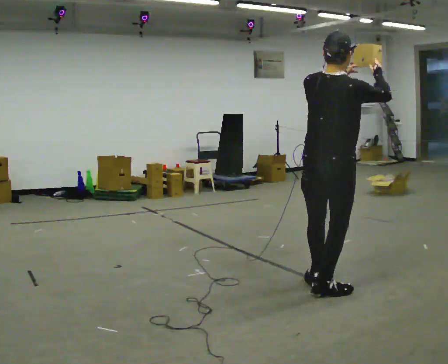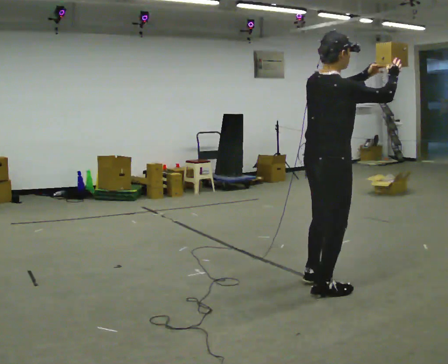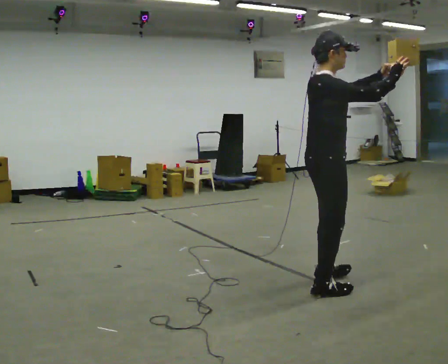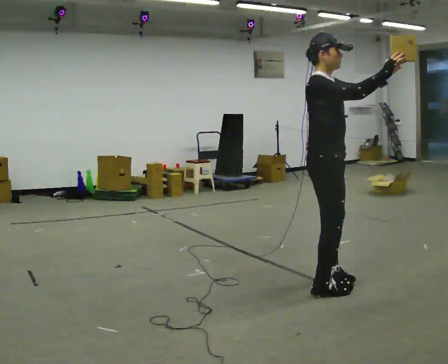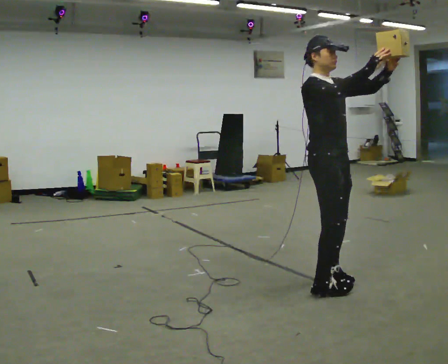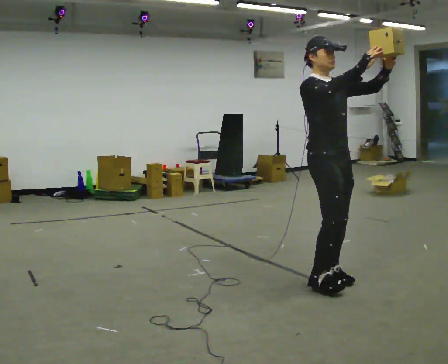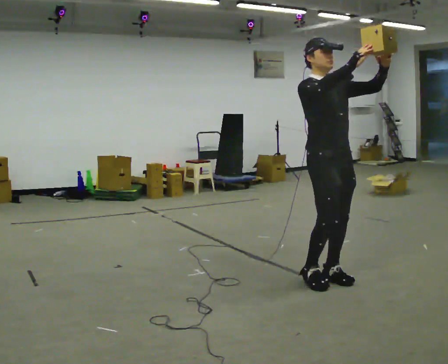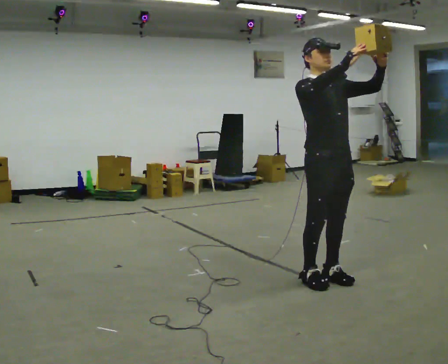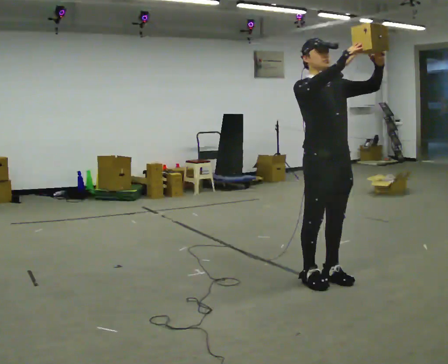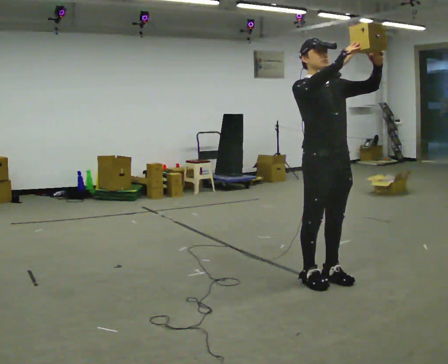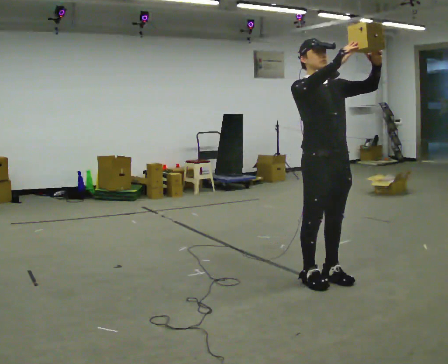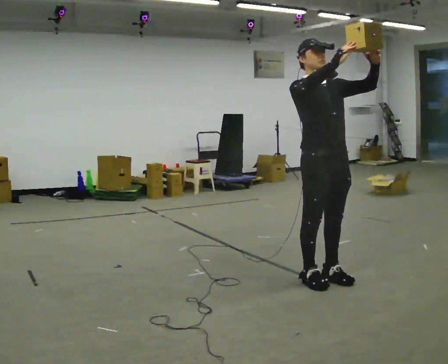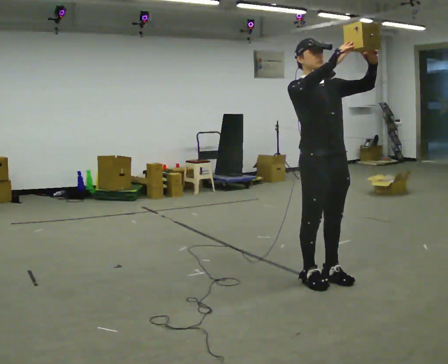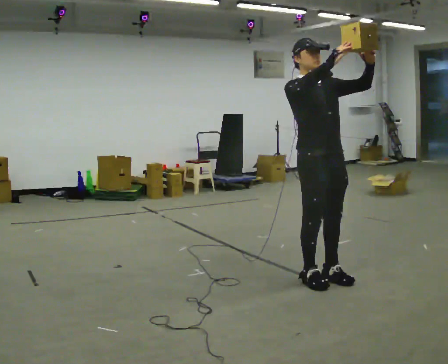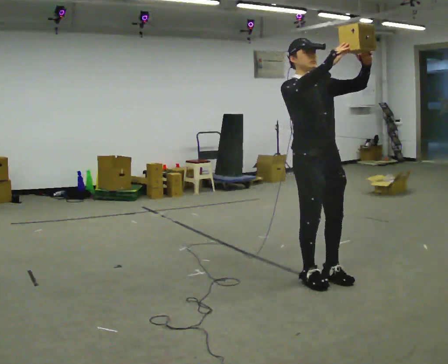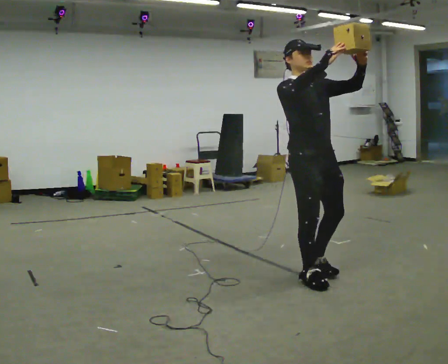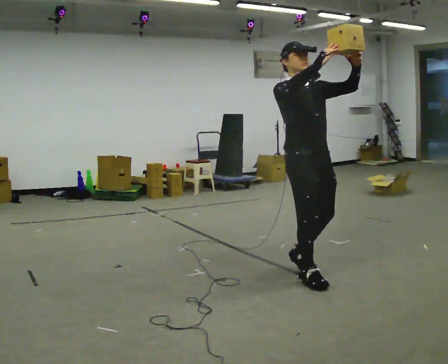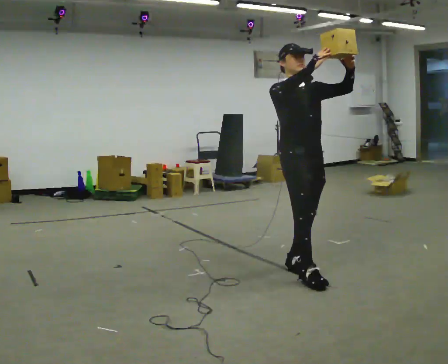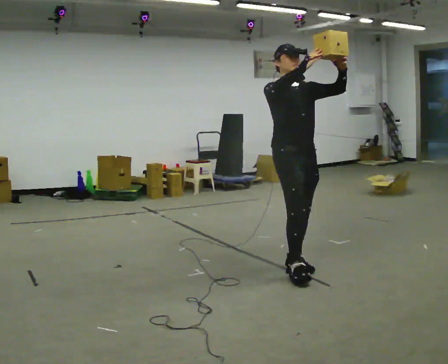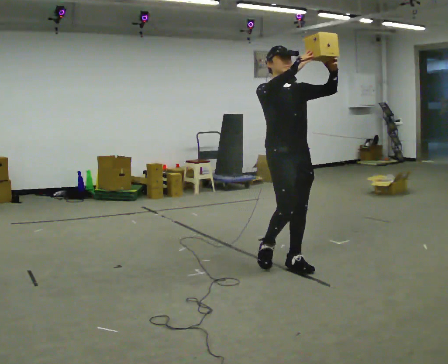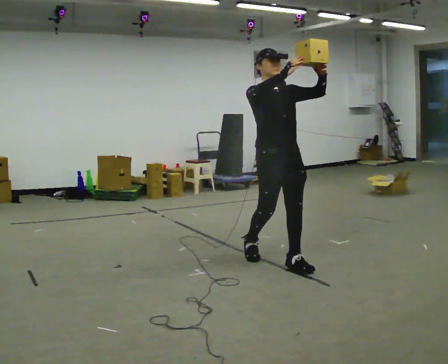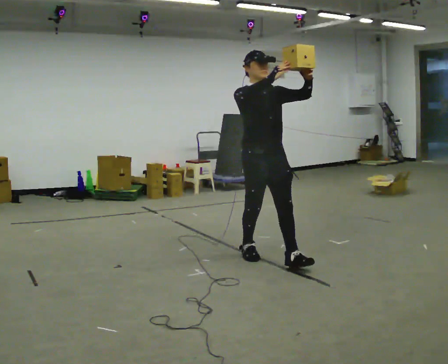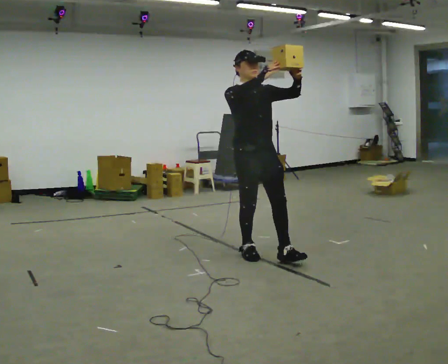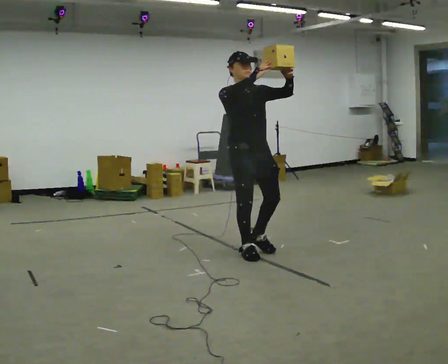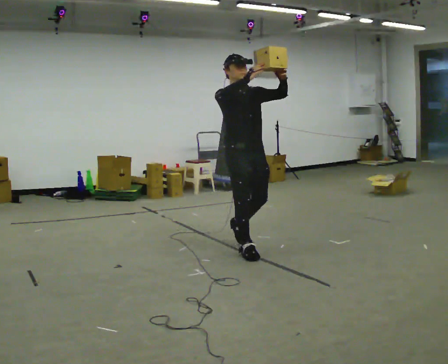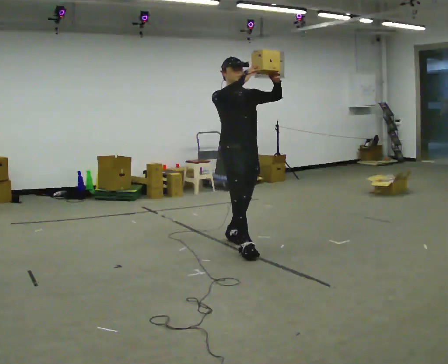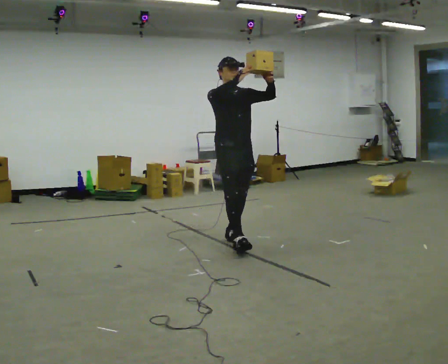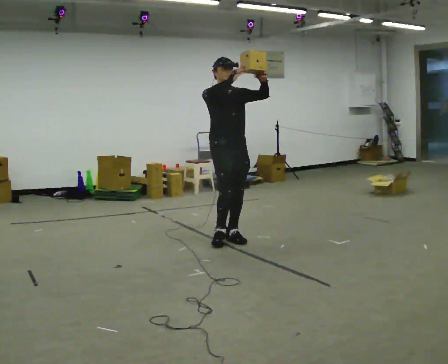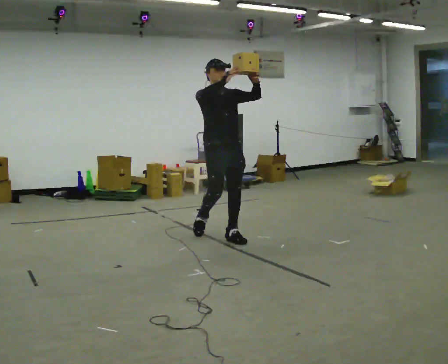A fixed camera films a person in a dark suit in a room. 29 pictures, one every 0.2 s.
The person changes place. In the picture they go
away from the camera.
The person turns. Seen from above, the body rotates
clockwise.
0.0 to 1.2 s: Seen from above the body turns clockwise, about 105 degrees: to their right, with its near side sliding to the left. In the picture they go away from the camera, about 0.25 m in 1 step.
1.2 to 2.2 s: The person moves a little, or ends about where they began.
2.2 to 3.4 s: In the picture they go away from the camera and to the left, about 0.25 m in 1 step, which for them is backward.
3.4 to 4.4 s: In the picture they go away from the camera and to the left, about 0.5 m in 2 steps, which for them is backward.
4.4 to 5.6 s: In the picture they go away from the camera and to the left, about 0.5 m in 1 step, which for them is backward.
The film runs backward here.
